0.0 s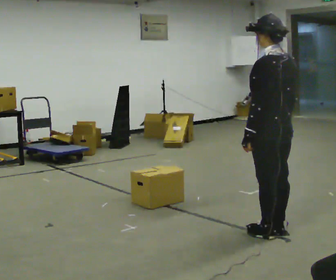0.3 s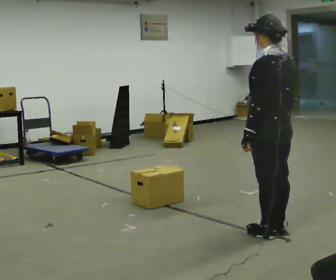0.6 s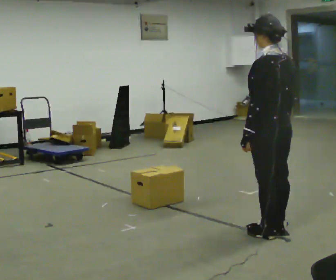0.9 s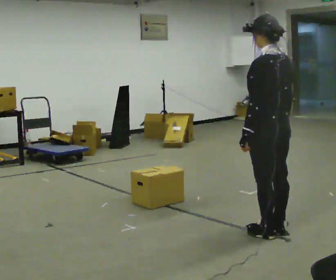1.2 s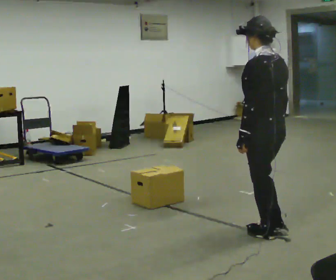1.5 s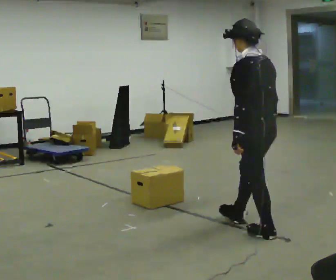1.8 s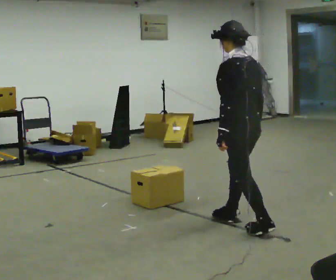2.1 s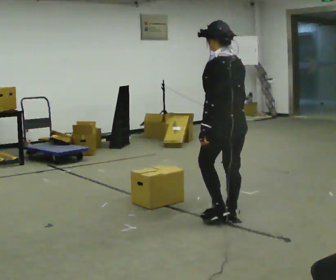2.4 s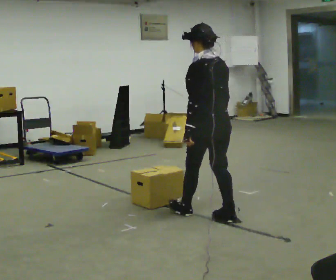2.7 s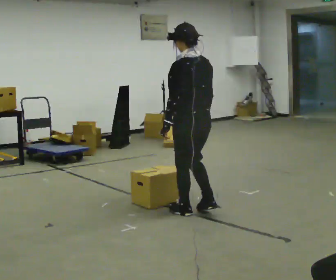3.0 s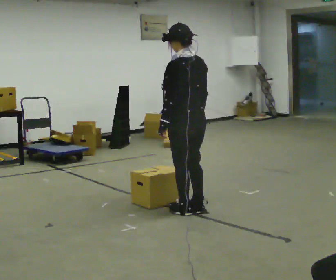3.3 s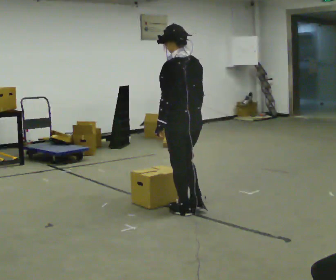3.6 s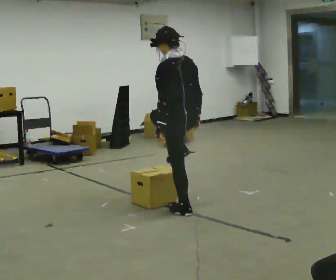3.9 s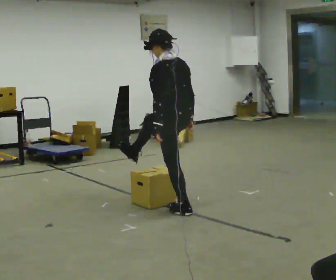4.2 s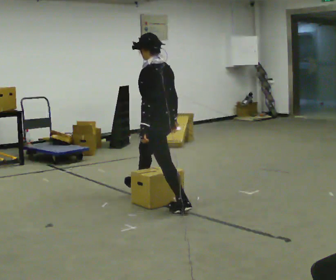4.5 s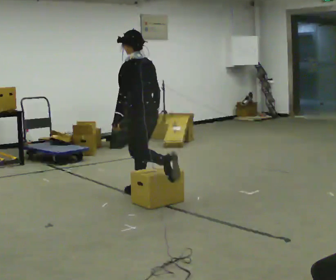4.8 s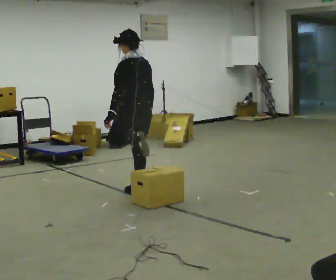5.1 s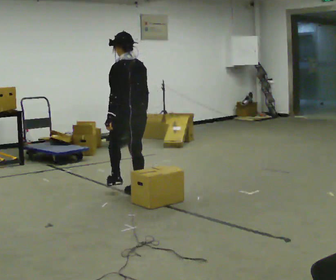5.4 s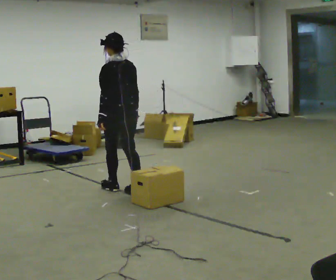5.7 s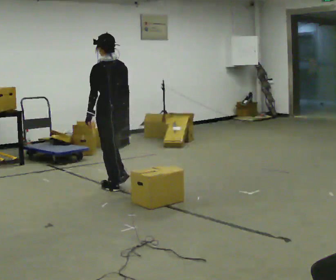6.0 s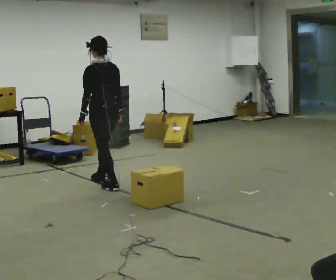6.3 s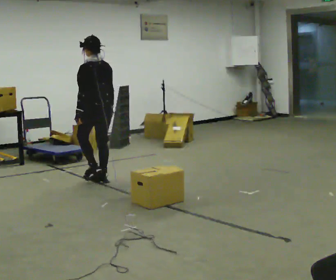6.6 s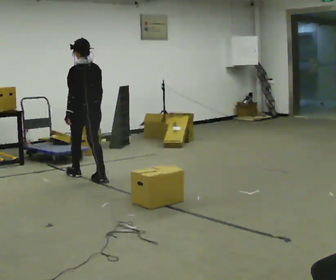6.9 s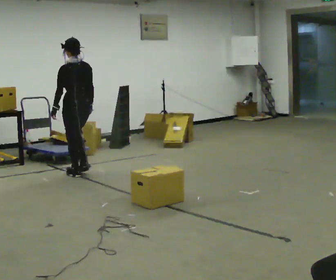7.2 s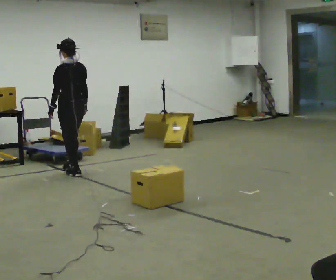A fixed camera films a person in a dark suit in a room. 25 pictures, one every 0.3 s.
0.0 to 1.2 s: The person moves a little, or ends about where they began.
1.2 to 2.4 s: In the picture they go away from the camera and to the left, about 0.5 m in 2 steps, which for them is forward.
2.4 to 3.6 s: In the picture they go to the left and away from the camera, about 0.25 m in 1 step, which for them is forward.
3.6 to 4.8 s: In the picture they go away from the camera and to the left, about 1 m in 1 step, which for them is forward and to their right.
4.8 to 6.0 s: In the picture they go away from the camera and to the left, about 0.5 m in 2 steps, which for them is forward.
6.0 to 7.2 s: In the picture they go away from the camera and to the left, about 0.5 m in 2 steps, which for them is forward.
The film runs forward here.
